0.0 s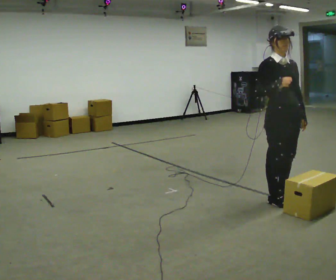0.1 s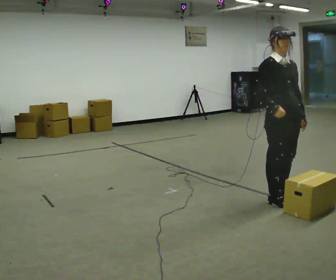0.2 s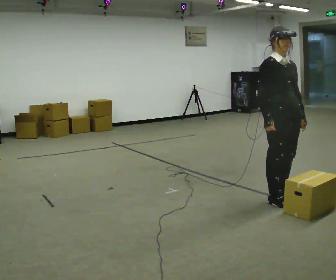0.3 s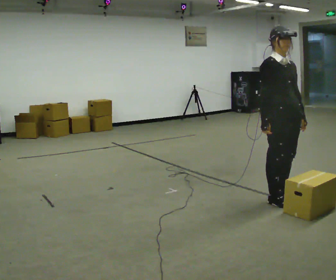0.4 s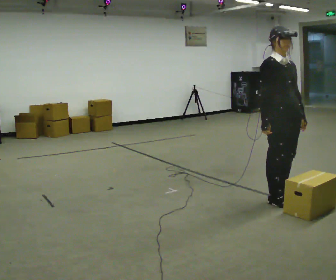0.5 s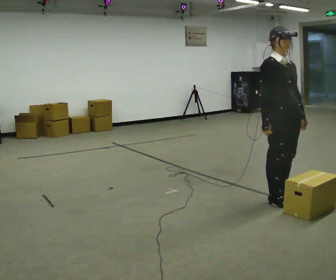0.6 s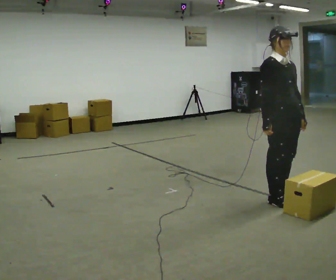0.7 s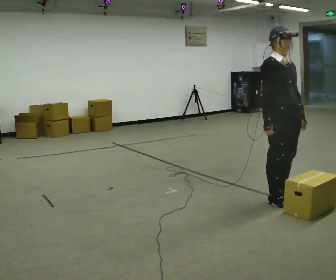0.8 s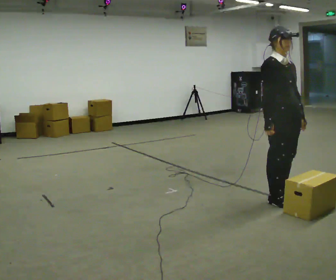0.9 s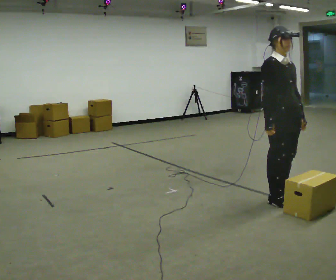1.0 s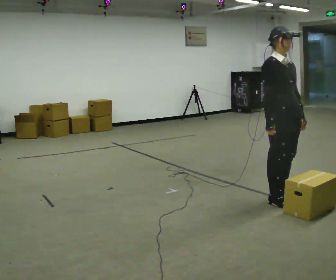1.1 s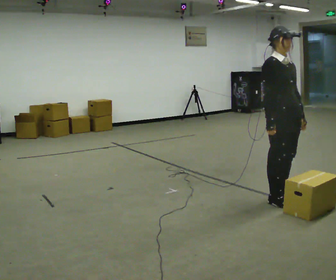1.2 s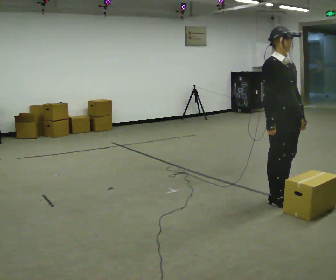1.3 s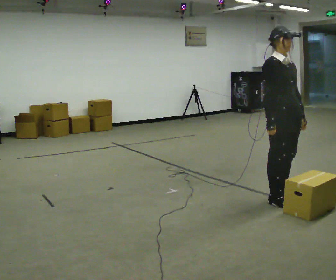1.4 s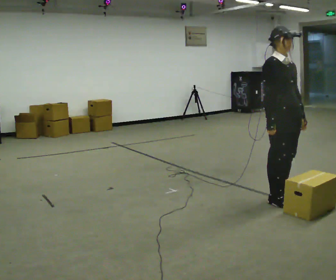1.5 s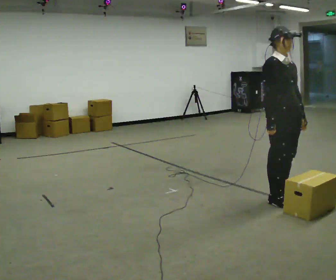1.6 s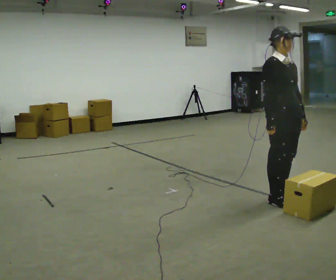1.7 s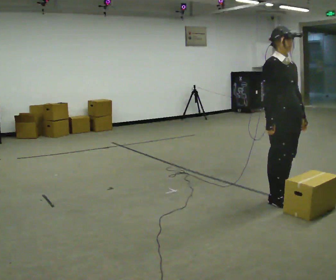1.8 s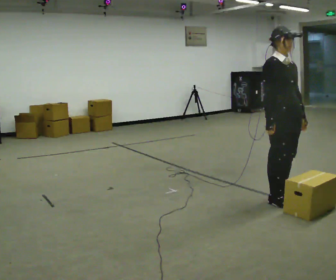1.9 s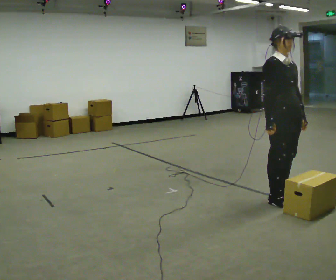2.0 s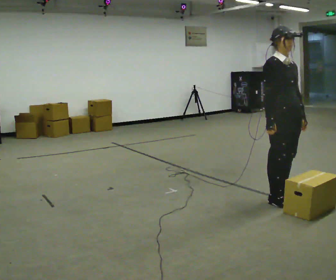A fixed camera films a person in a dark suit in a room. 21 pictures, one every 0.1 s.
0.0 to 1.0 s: In the picture their right hand goes downward.
1.0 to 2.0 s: The person keeps their place and pose.
The film runs backward here.
